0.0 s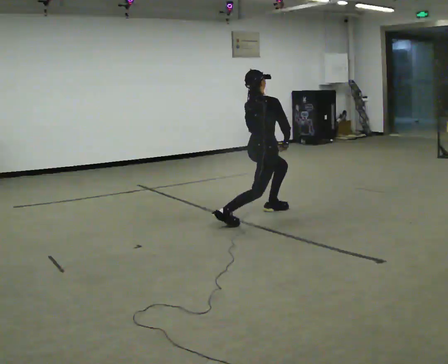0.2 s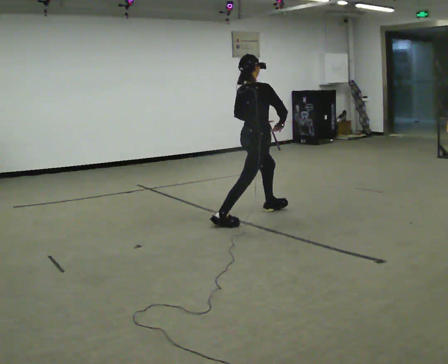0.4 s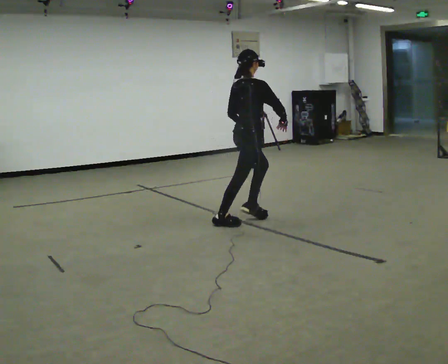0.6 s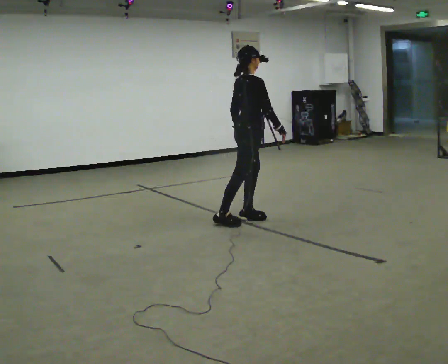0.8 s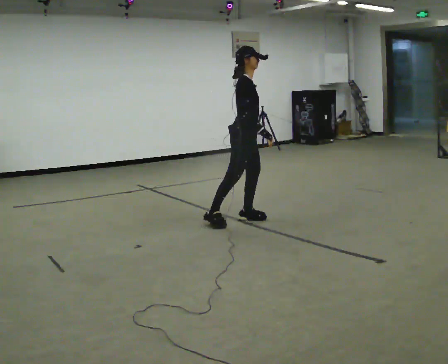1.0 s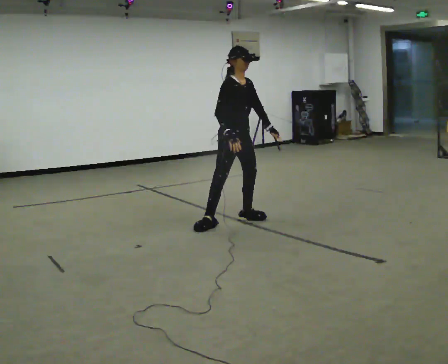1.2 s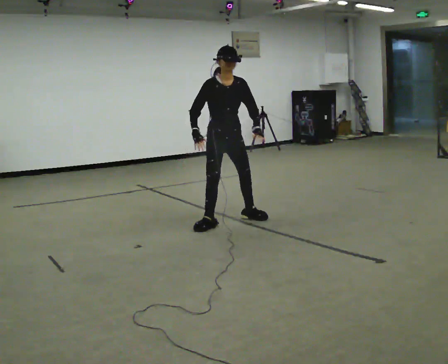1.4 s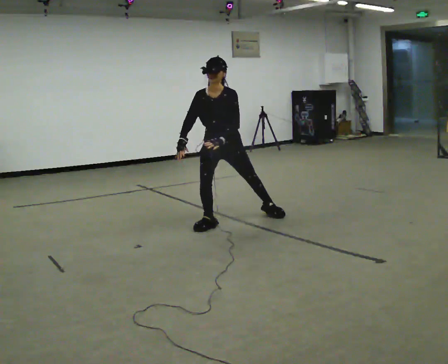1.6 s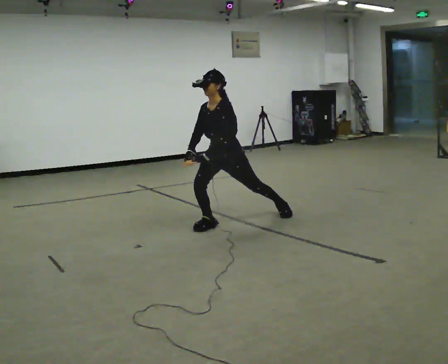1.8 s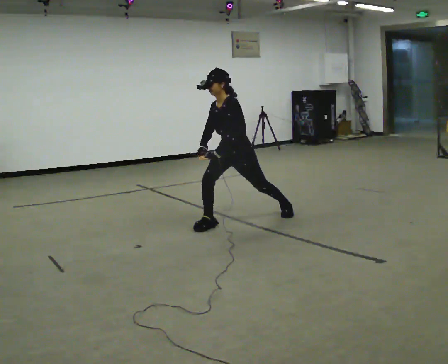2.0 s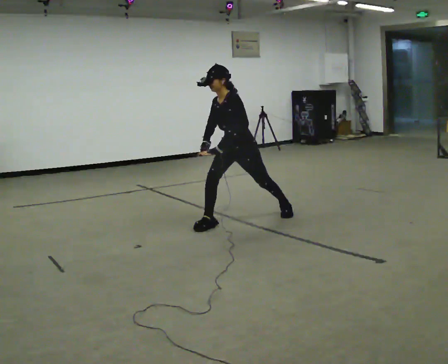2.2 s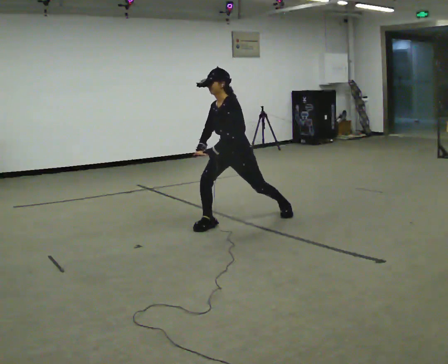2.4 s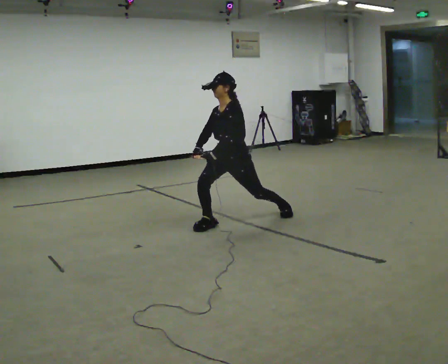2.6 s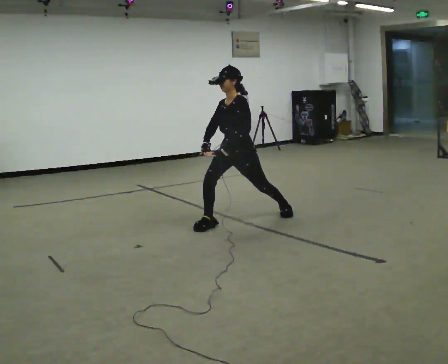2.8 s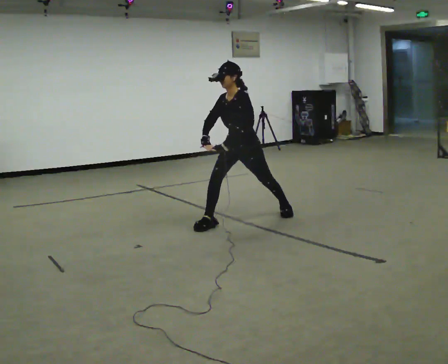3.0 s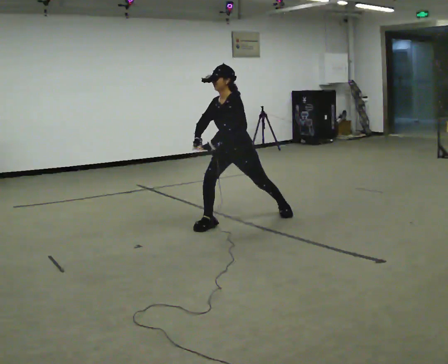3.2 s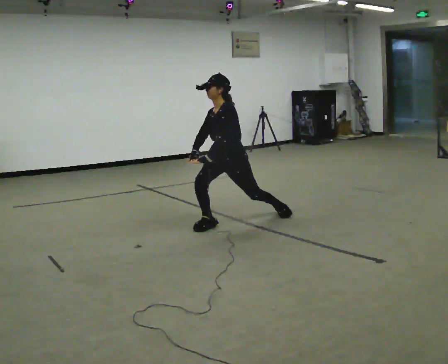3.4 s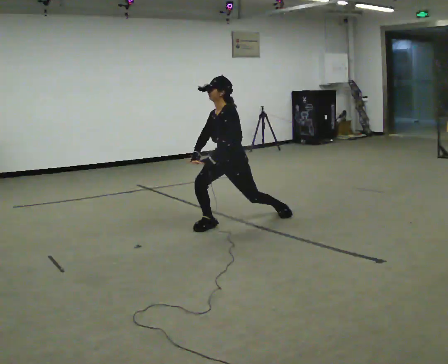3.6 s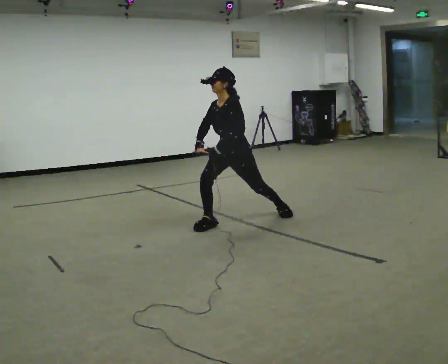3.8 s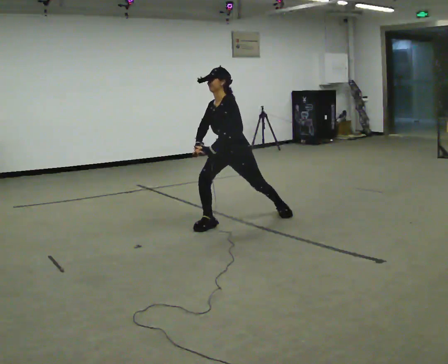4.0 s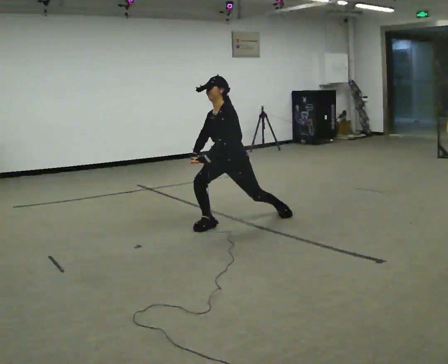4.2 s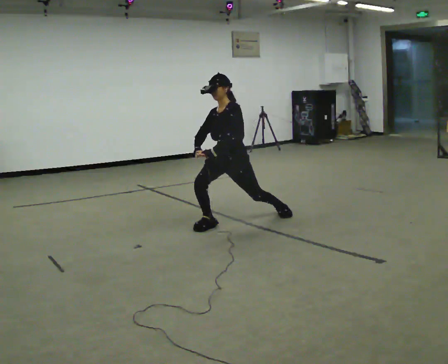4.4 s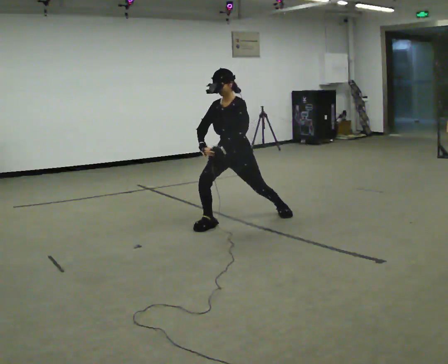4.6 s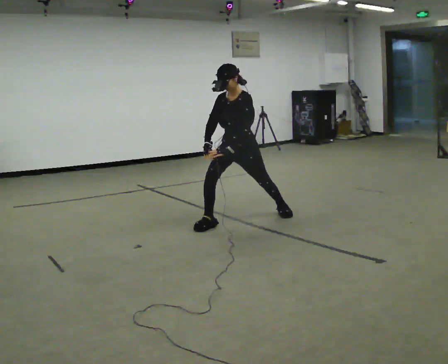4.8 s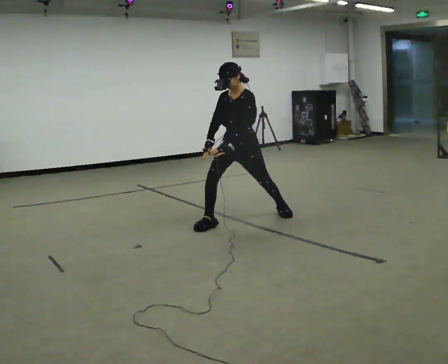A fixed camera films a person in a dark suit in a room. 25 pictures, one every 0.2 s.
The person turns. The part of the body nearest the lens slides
to the left.
The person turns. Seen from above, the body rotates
clockwise.
0.0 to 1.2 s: The part of the body nearest the lens slides to the left as the person turns to their right by about 105 degrees. In the picture they go to the left and toward the camera, about 0.5 m in 2 steps. The upper body goes upward.
1.2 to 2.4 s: The part of the body nearest the lens slides to the left as the person turns to their right by about 60 degrees. In the picture their left hand goes to the left, the arm swinging clockwise.
2.4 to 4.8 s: The person moves a little, or ends about where they began.
The film runs backward here.
